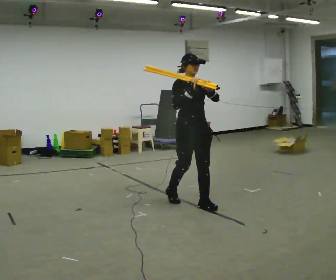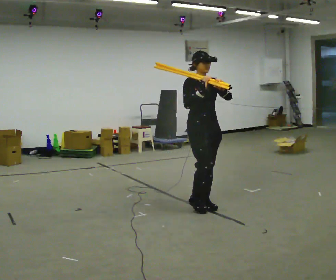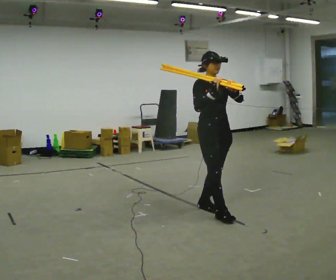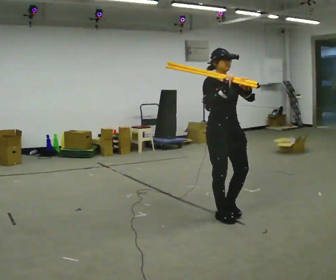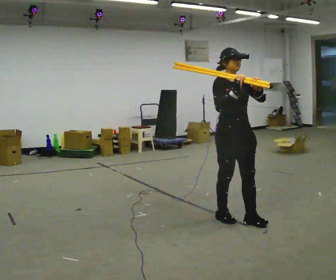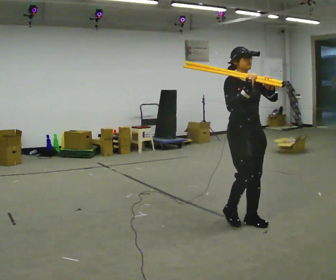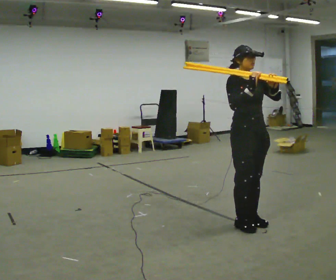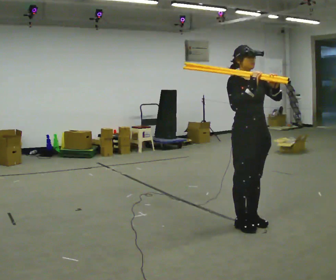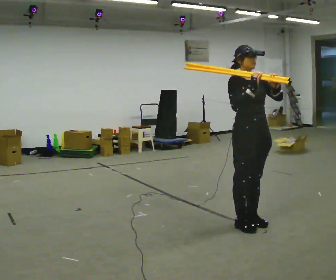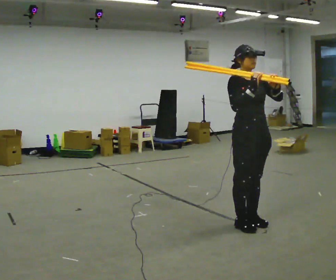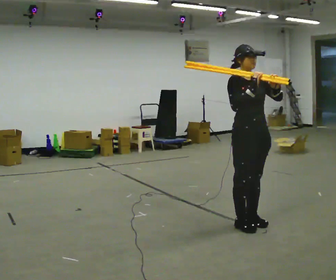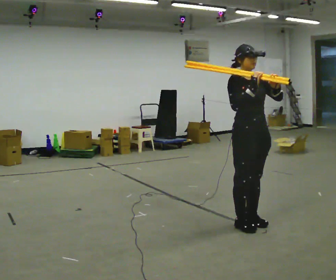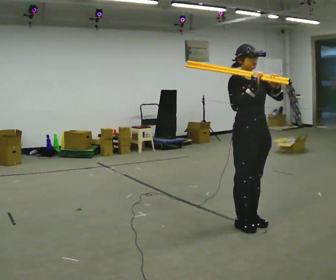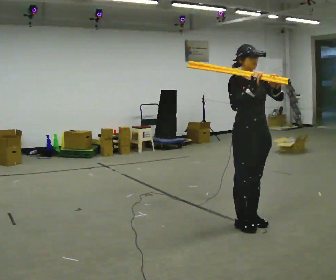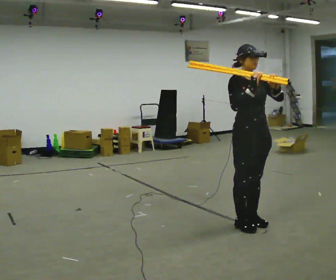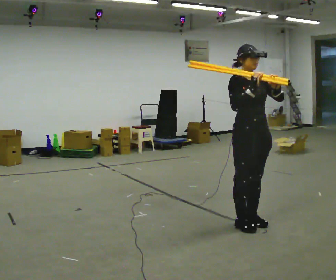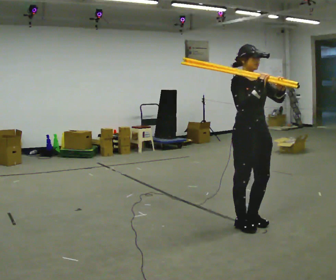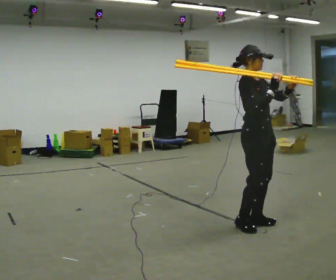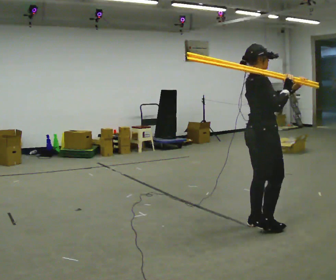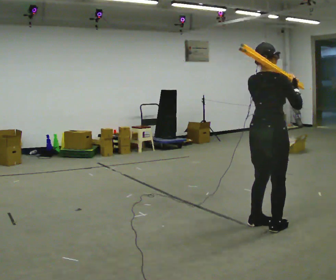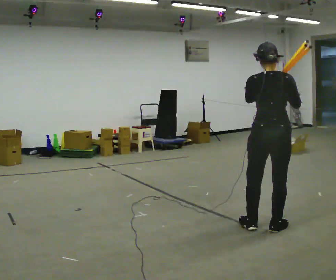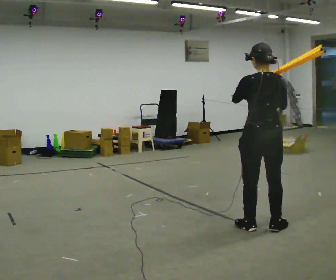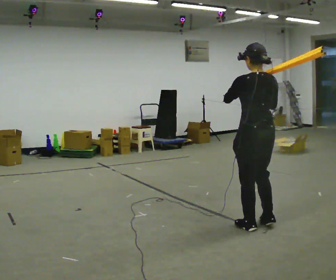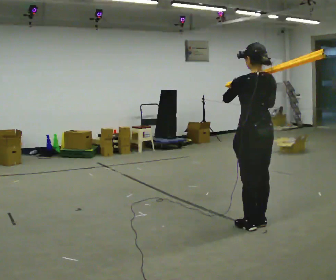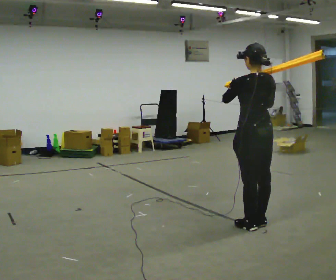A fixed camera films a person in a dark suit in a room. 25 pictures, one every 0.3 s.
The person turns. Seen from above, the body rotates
counterclockwise.
The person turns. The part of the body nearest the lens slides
to the right.
0.0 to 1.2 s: In the picture they go toward the camera and to the right, about 0.75 m in 2 steps, which for them is forward.
1.2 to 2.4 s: In the picture they go toward the camera, about 0.25 m in 1 step, which for them is forward.
2.4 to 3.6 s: The person keeps their place and pose.
3.6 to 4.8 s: The person moves a little, or ends about where they began.
4.8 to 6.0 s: The part of the body nearest the lens slides to the right as the person turns to their left by about 135 degrees. In the picture they go to the right, about 0.25 m in 1 step.
6.0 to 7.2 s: The part of the body nearest the lens slides to the right as the person turns to their left by about 30 degrees.
The film runs forward here.
